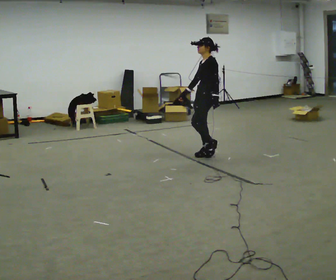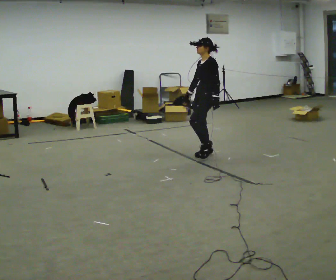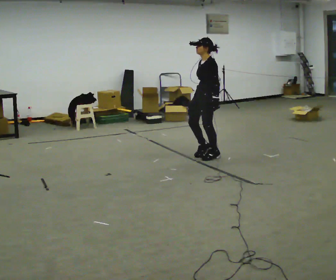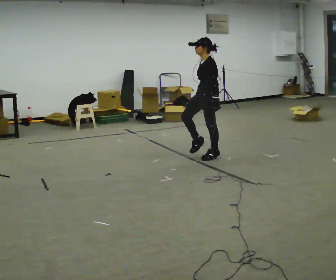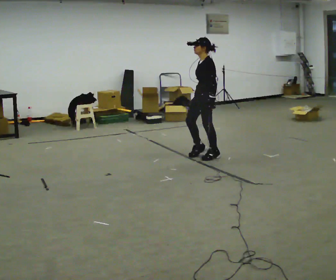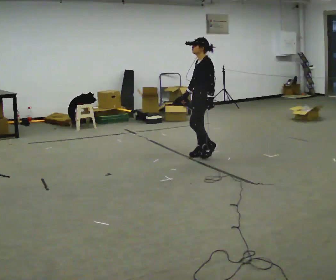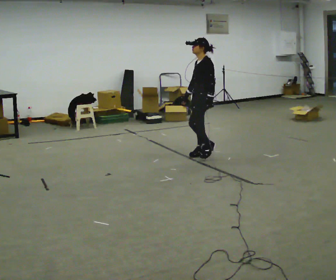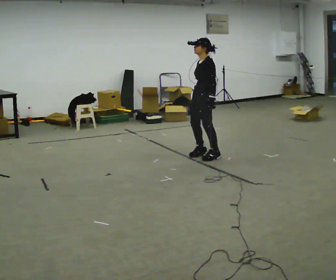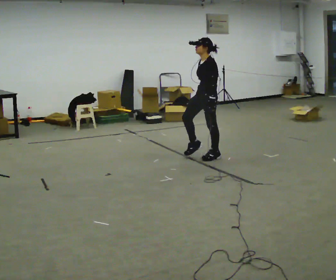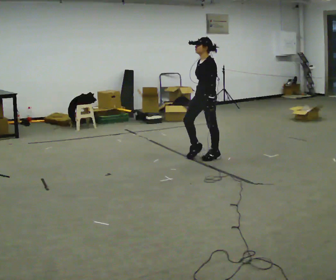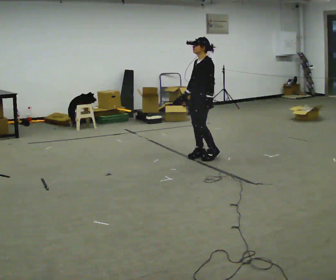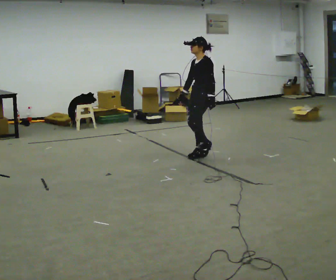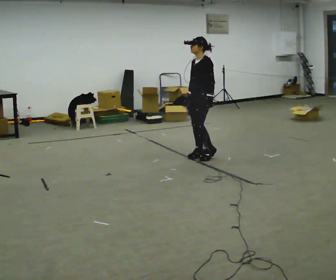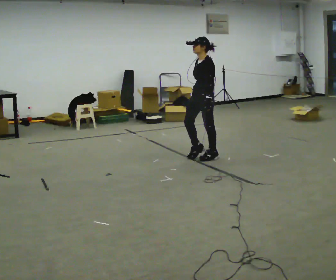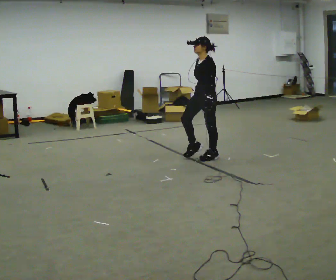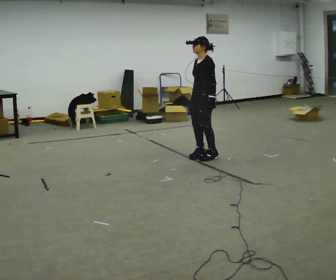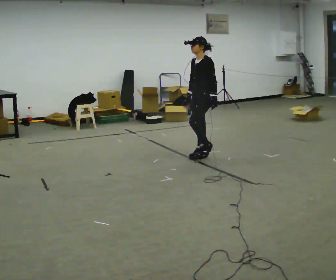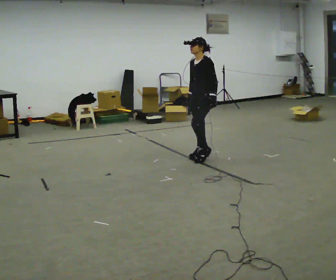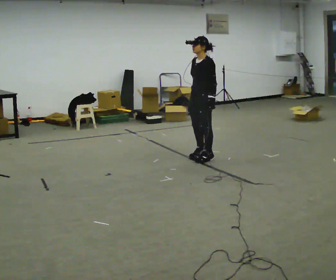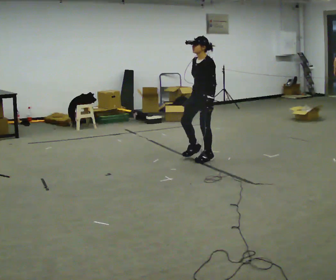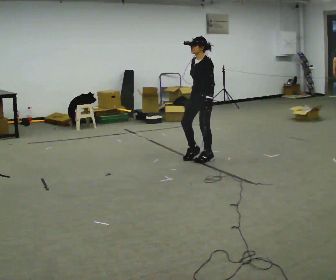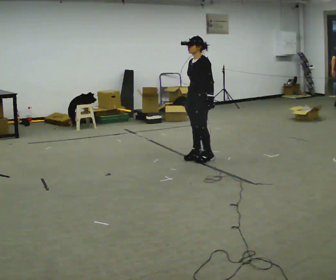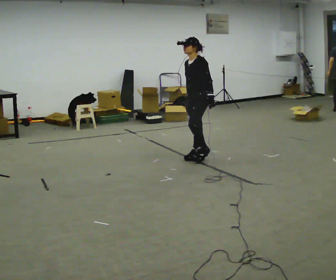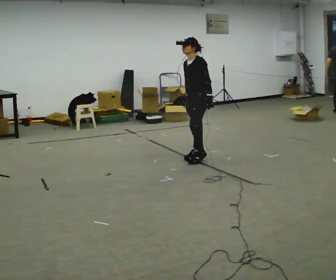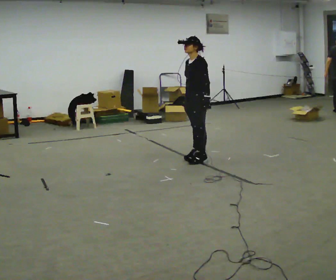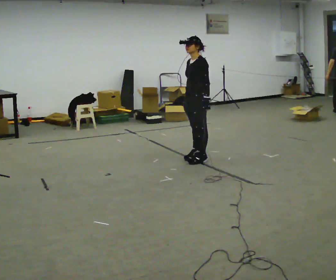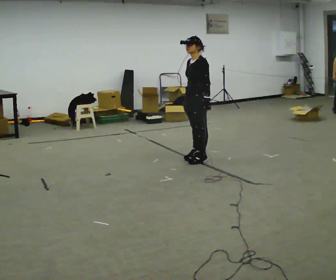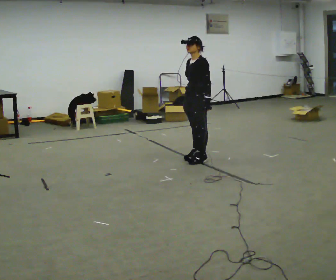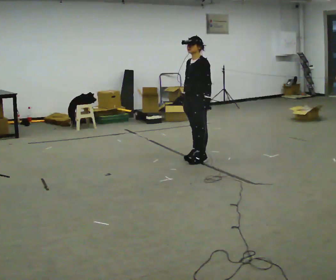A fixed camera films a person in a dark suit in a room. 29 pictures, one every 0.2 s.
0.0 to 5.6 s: In the picture they go toward the camera, about 0.25 m, which for them is forward.
The film runs backward here.
